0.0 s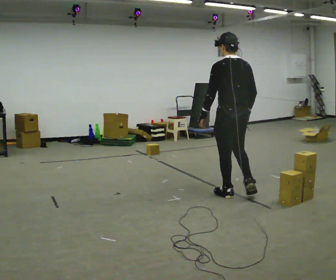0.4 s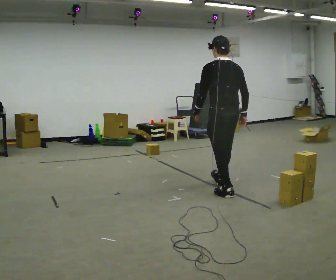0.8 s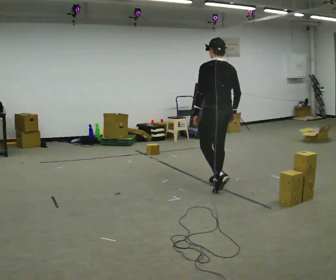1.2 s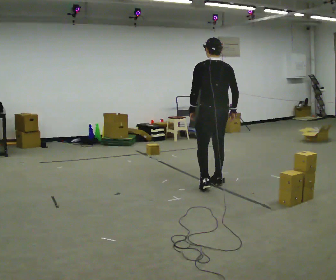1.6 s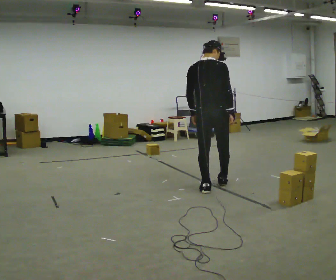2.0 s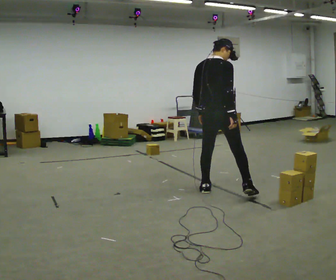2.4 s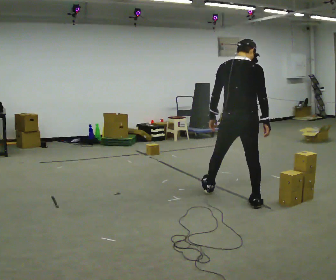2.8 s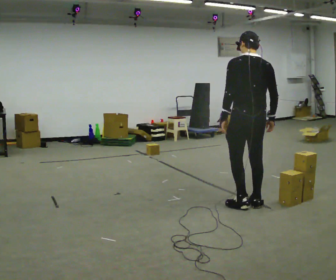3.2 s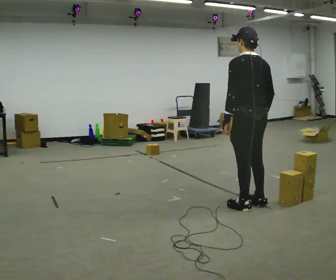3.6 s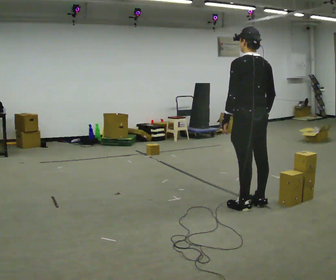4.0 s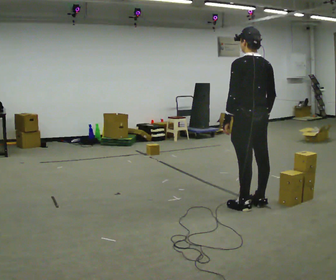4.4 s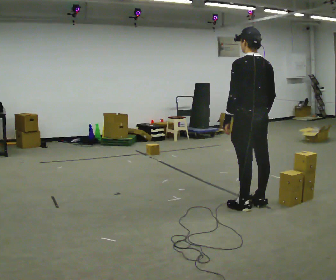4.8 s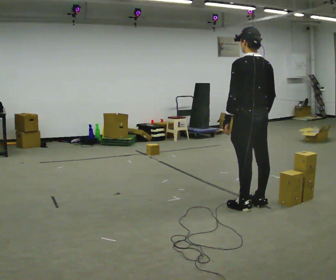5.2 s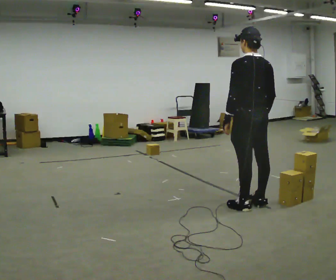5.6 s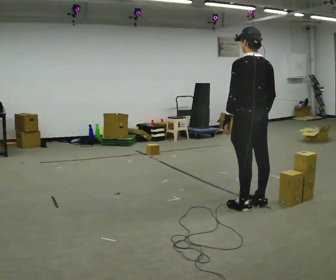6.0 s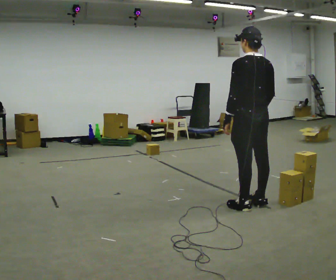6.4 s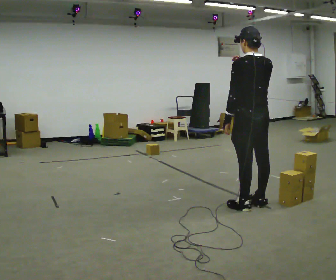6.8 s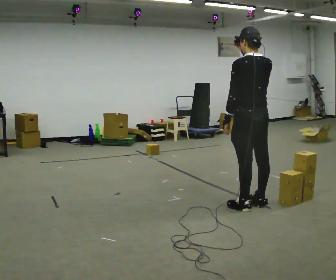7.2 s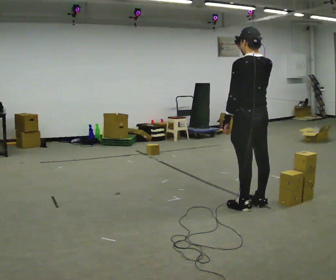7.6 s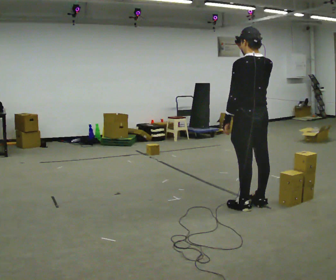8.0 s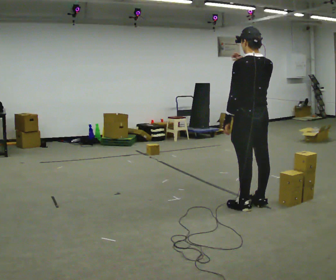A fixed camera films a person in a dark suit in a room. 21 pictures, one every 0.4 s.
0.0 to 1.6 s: Seen from above the body turns clockwise, about 45 degrees: to their right, with its near side sliding to the left. In the picture they go to the left and away from the camera, about 0.25 m in 2 steps, which for them is forward.
1.6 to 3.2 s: Seen from above the body turns counterclockwise, about 45 degrees: to their left, with its near side sliding to the right. In the picture they go to the right and toward the camera, about 0.5 m in 2 steps.
3.2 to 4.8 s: The person moves a little, or ends about where they began.
4.8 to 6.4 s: In the picture their right hand goes upward.
6.4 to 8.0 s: The person moves a little, or ends about where they began.
The film runs forward here.
